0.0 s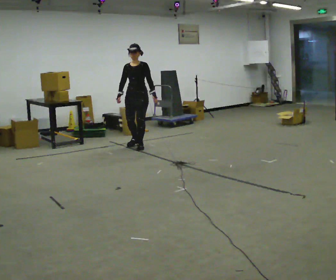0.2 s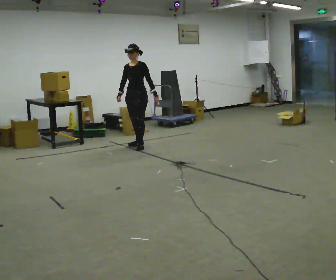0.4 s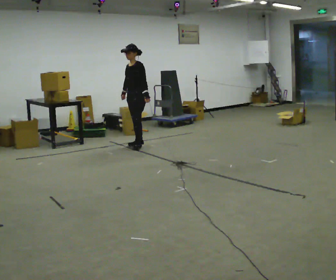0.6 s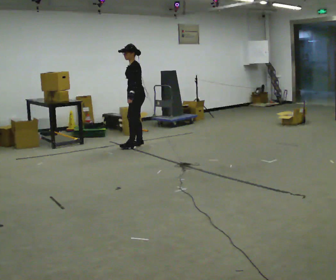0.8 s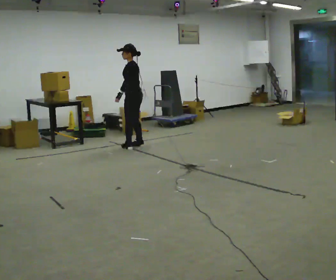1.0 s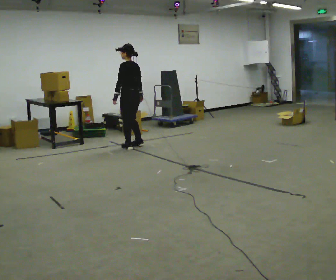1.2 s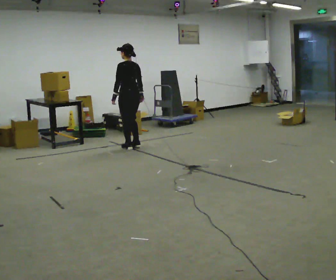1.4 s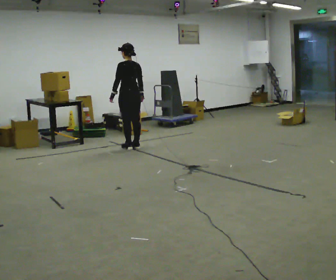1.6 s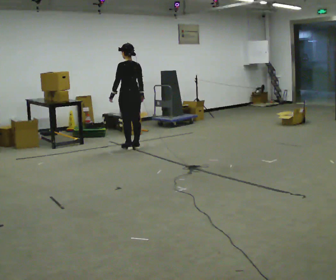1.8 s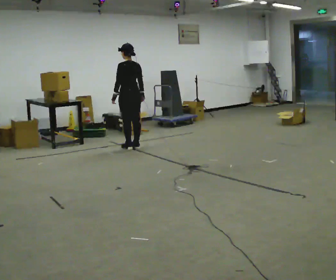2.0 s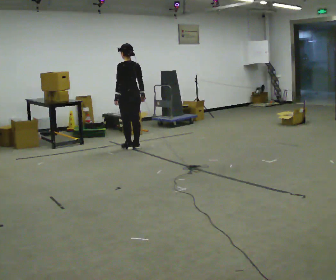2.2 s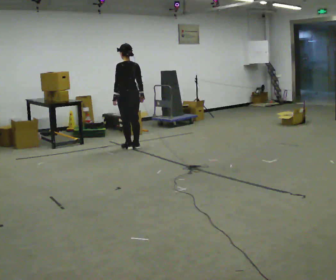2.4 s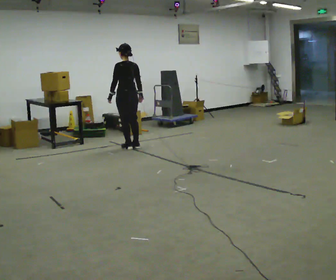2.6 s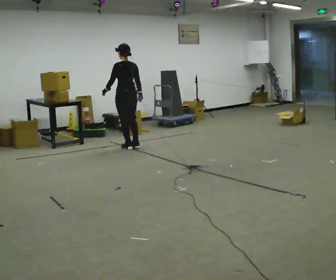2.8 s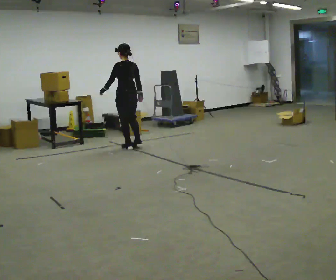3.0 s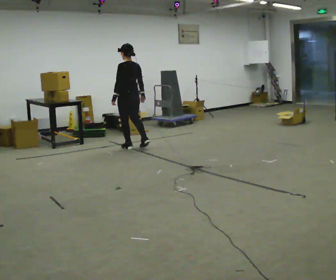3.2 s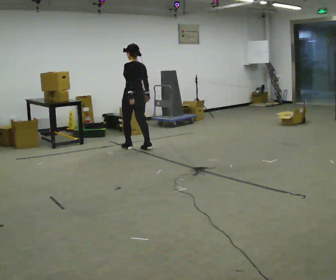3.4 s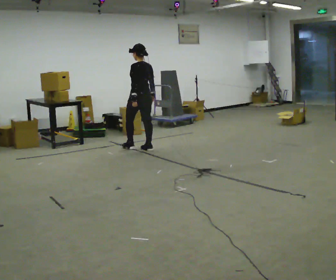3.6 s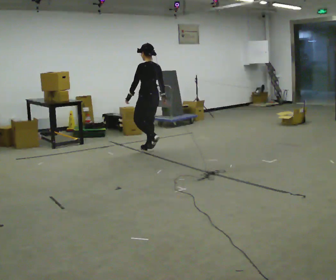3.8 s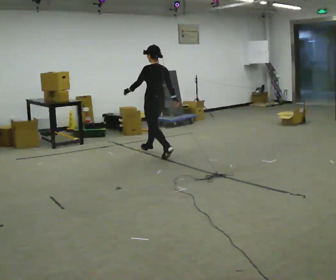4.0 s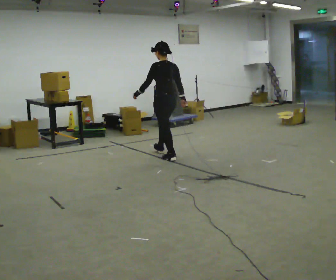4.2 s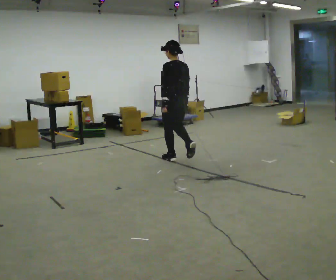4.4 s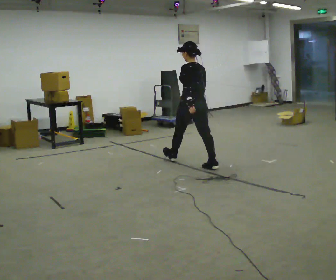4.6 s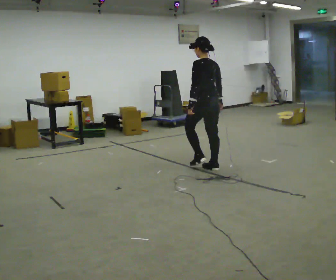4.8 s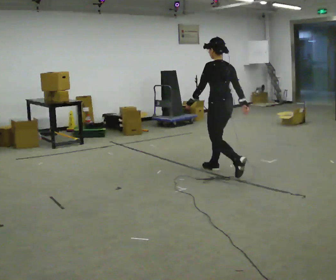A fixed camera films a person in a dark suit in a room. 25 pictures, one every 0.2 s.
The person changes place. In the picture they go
toward the camera.
0.0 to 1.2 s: Seen from above the body turns clockwise, about 135 degrees: to their right, with its near side sliding to the left. In the picture their left hand goes to the left, the arm swinging clockwise.
1.2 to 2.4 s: The person moves a little, or ends about where they began.
2.4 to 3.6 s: In the picture they go to the right and toward the camera, about 0.5 m in 2 steps, which for them is backward and to their right.
3.6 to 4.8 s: In the picture they go toward the camera and to the right, about 1.5 m in 2 steps, which for them is backward.
The film runs backward here.
